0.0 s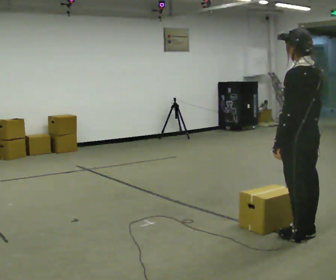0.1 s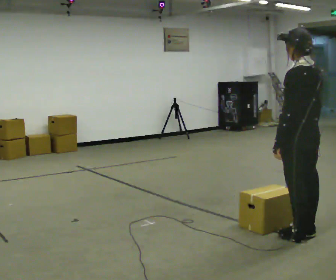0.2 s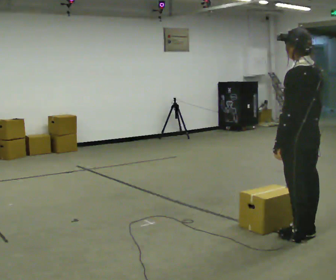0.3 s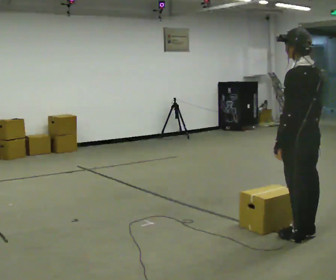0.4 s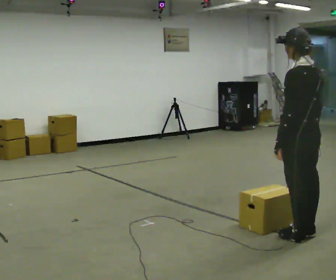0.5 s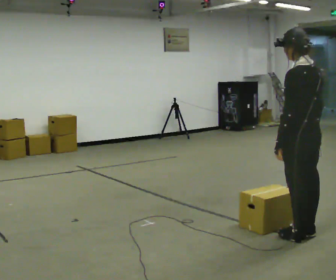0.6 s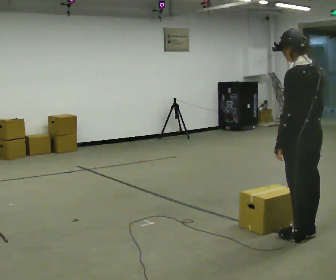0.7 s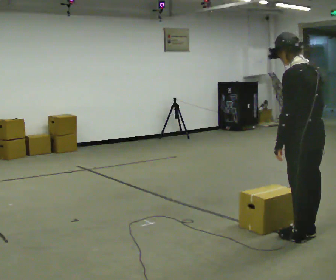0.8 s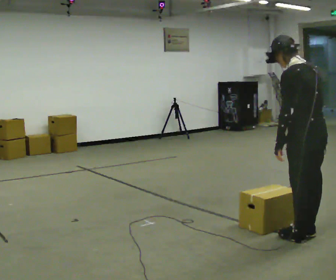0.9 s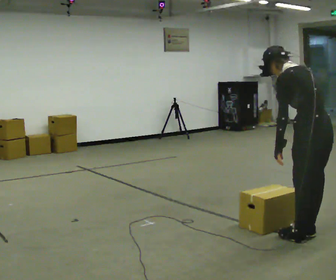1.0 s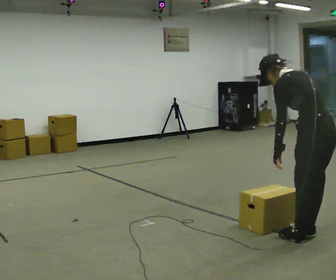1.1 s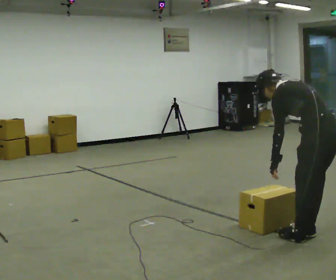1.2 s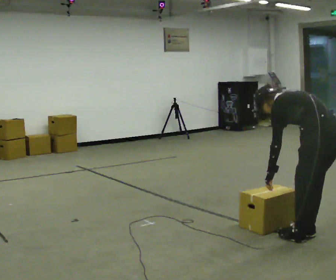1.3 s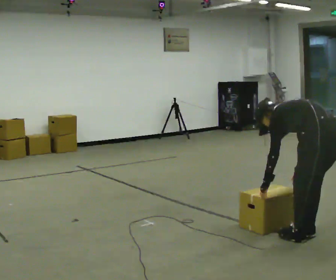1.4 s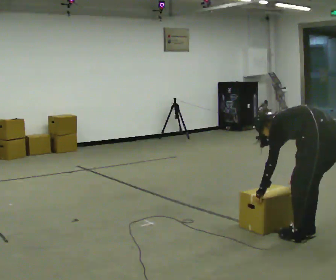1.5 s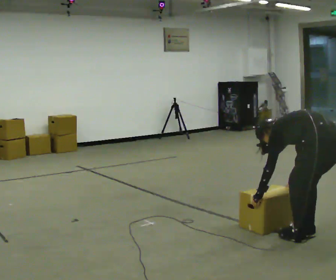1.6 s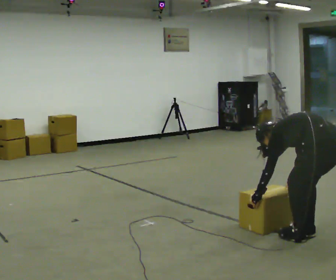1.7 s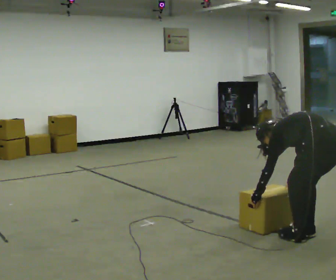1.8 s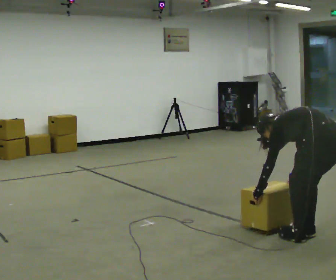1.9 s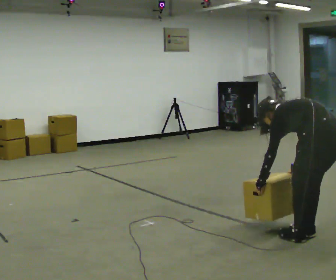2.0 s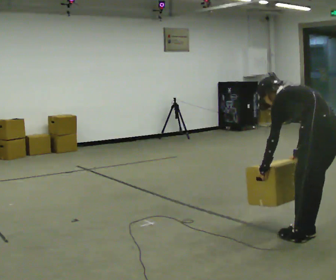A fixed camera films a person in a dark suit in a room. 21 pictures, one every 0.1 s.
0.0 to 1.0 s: In the picture the upper body tilts counterclockwise, shoulders to the left, as they bend forward.
1.0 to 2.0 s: The person moves a little, or ends about where they began.
The film runs forward here.
